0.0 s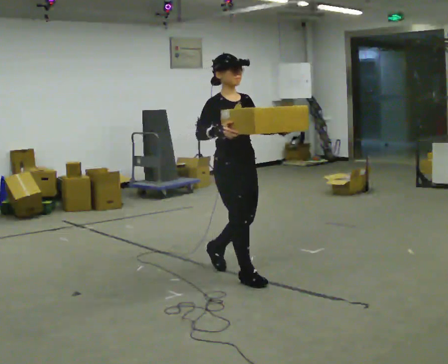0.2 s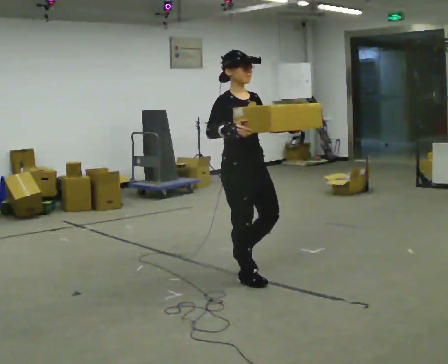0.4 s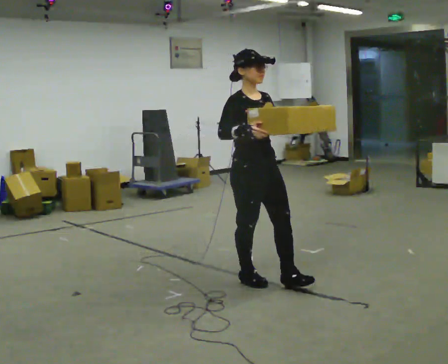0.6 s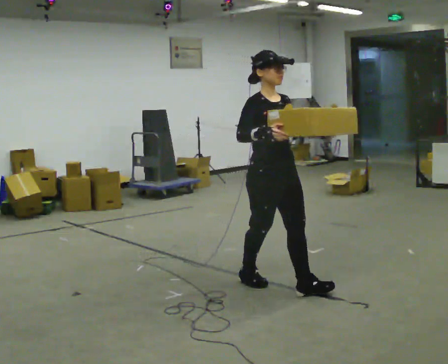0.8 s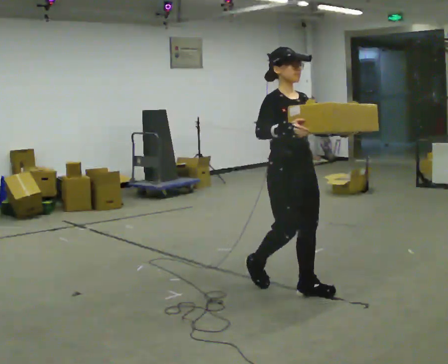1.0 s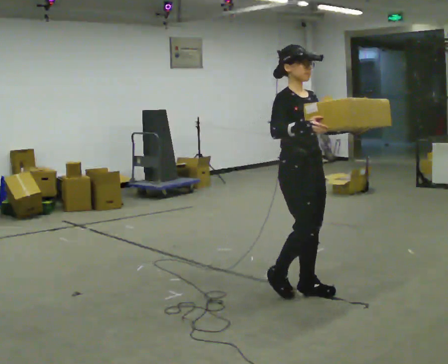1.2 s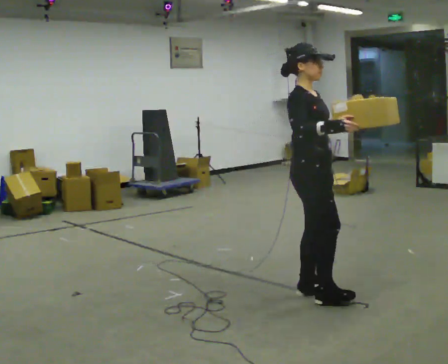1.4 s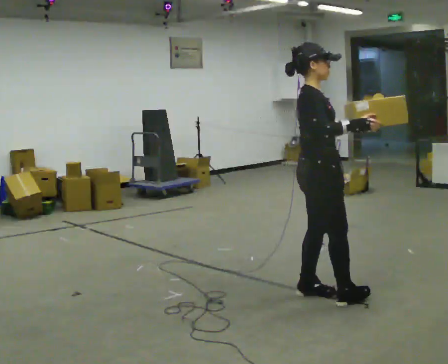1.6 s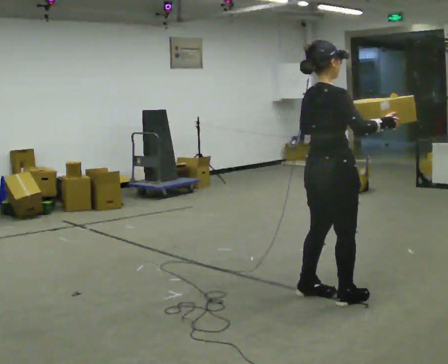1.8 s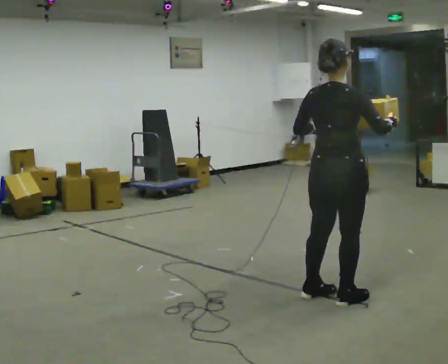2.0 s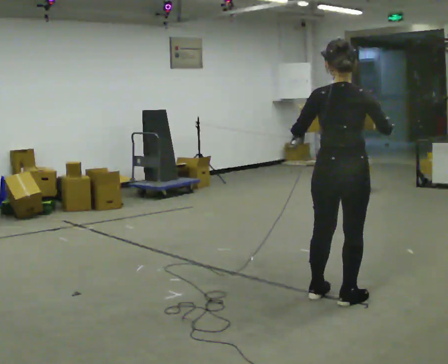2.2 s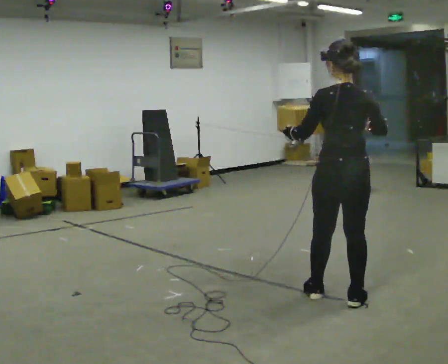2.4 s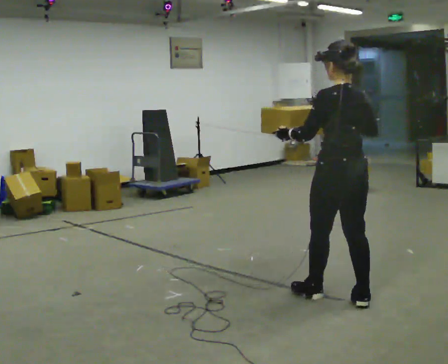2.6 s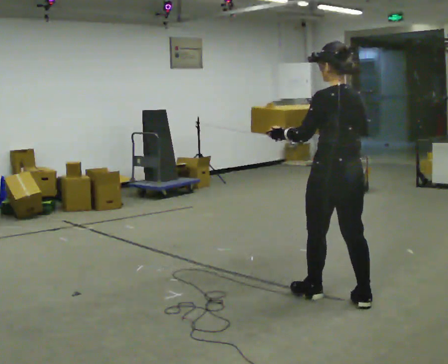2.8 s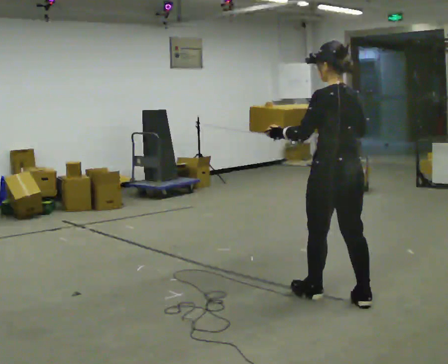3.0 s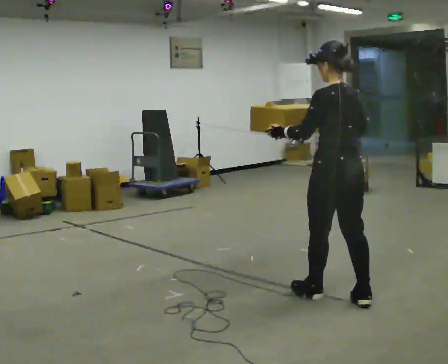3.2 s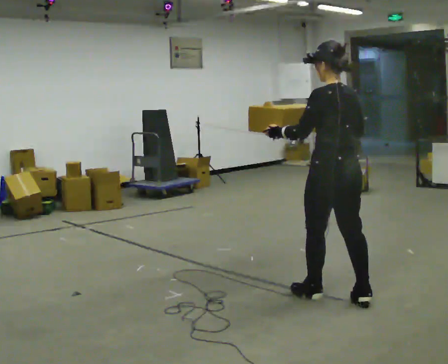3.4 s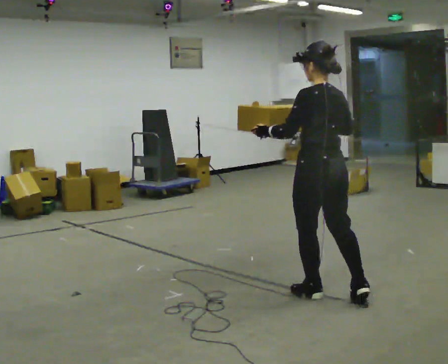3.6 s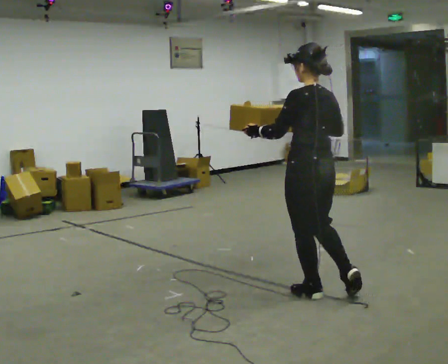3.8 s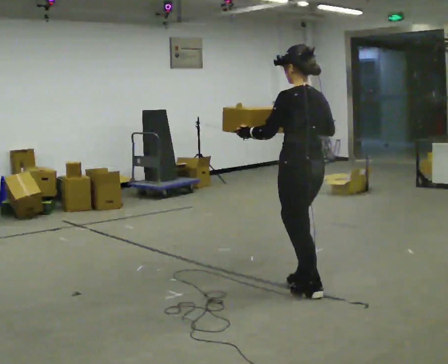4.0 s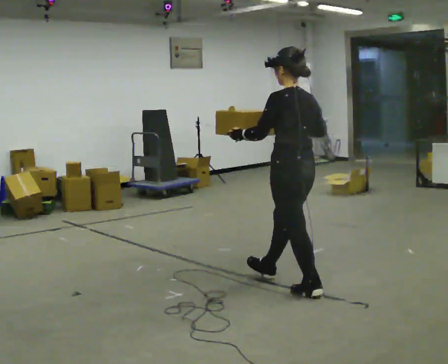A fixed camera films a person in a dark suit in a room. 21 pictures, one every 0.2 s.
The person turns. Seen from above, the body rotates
counterclockwise.
The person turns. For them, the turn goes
to their left.
0.0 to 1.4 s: The person turns about 45 degrees to their left, counterclockwise seen from above, so the part of the body nearest the lens slides to the right. In the picture they go to the right and toward the camera, about 0.75 m in 2 steps, which for them is forward.
1.4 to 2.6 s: The person turns about 120 degrees to their left, counterclockwise seen from above, so the part of the body nearest the lens slides to the right.
2.6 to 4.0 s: In the picture they go to the left and away from the camera, about 0.5 m, which for them is forward.
The film runs forward here.
